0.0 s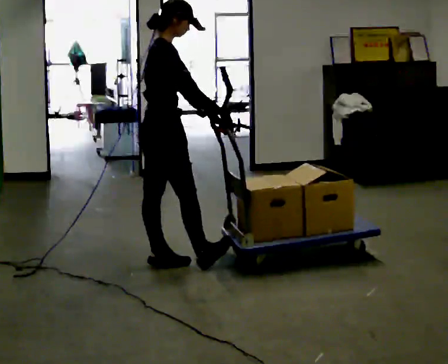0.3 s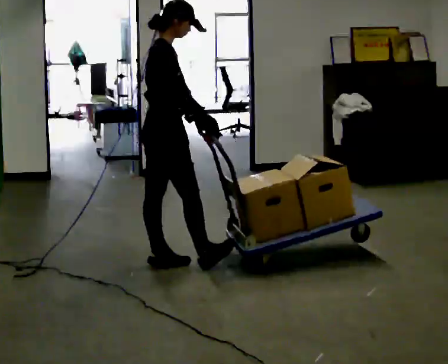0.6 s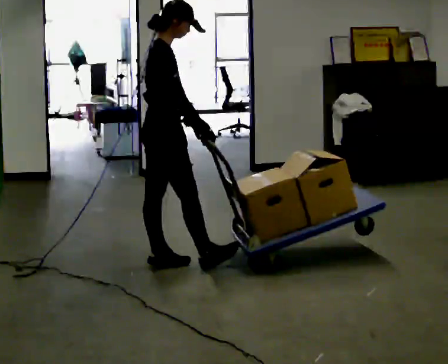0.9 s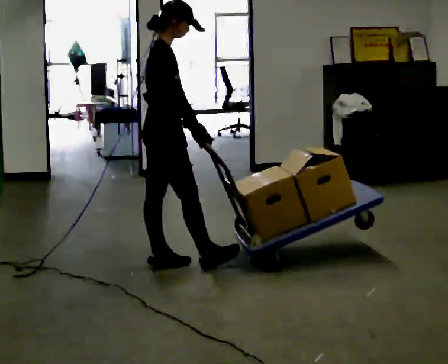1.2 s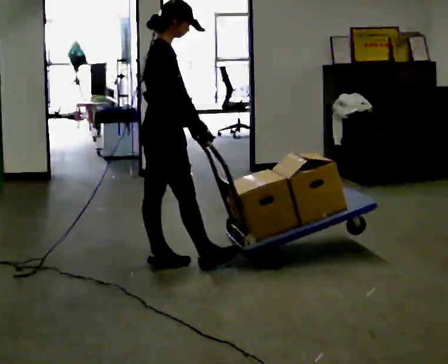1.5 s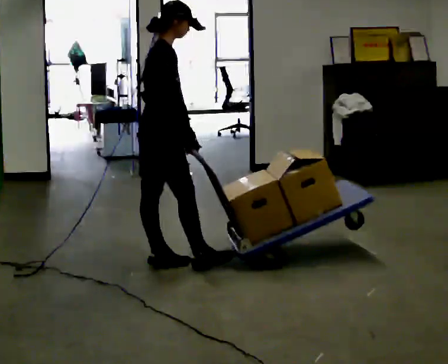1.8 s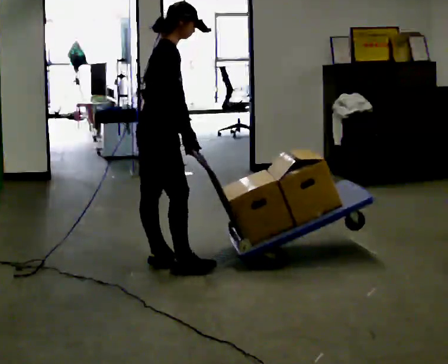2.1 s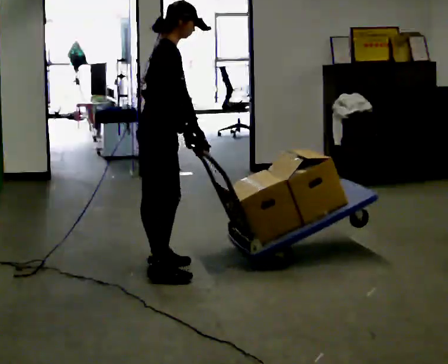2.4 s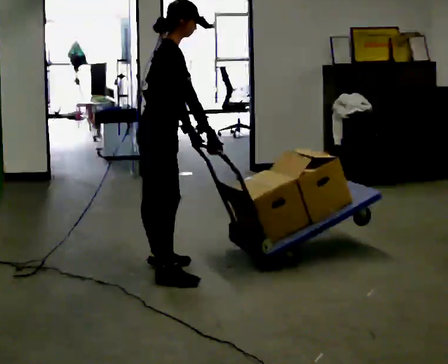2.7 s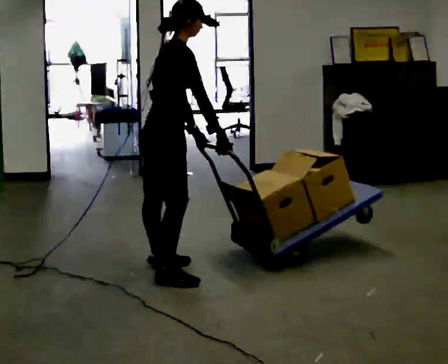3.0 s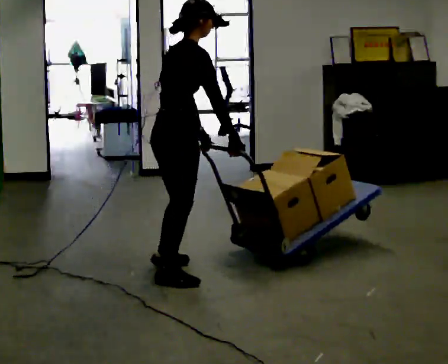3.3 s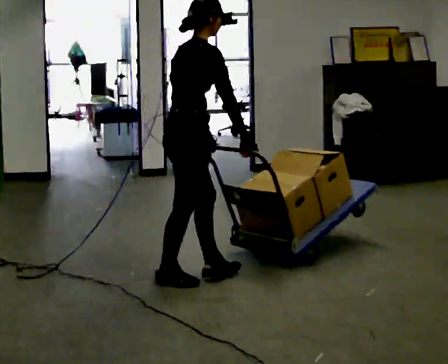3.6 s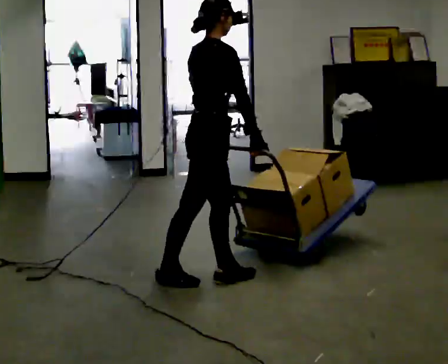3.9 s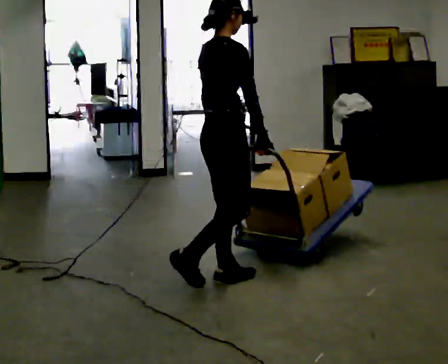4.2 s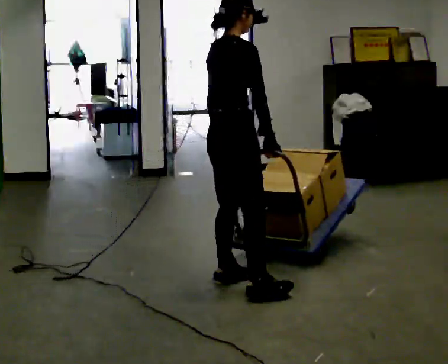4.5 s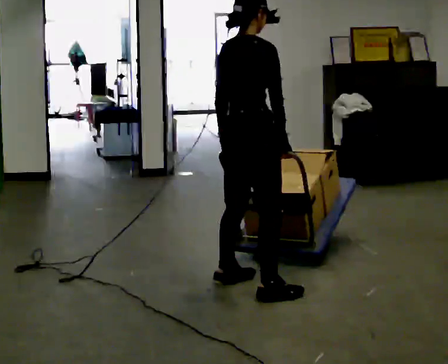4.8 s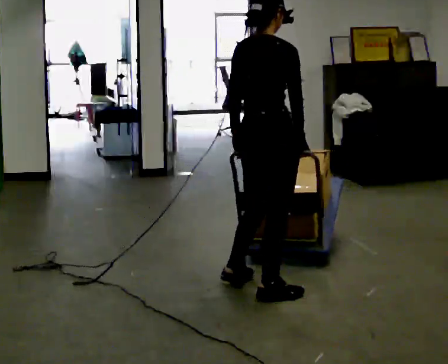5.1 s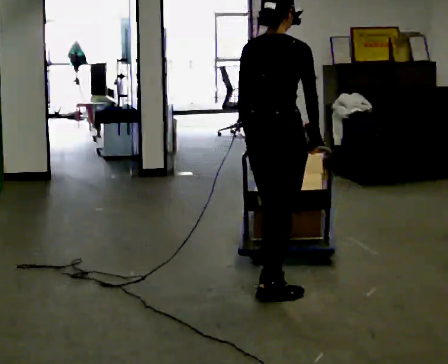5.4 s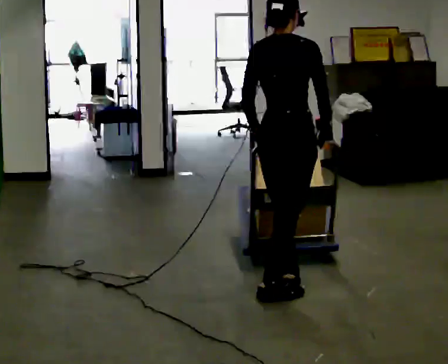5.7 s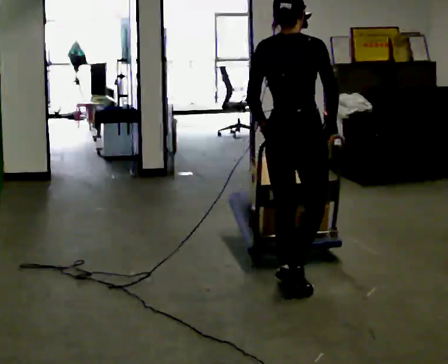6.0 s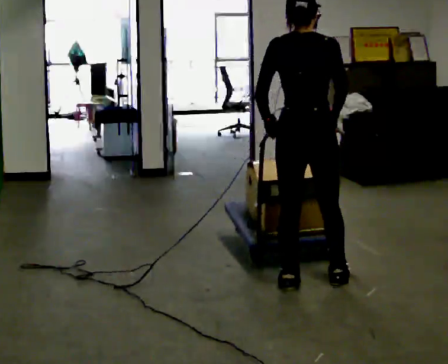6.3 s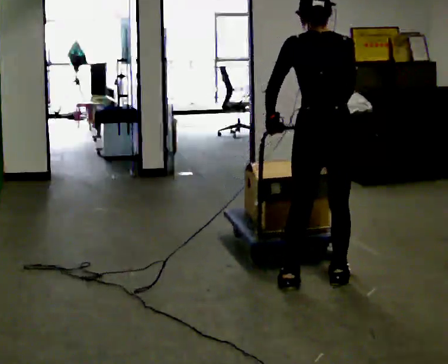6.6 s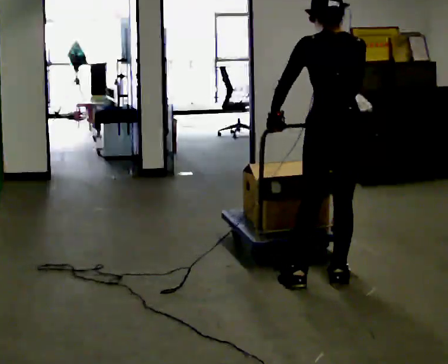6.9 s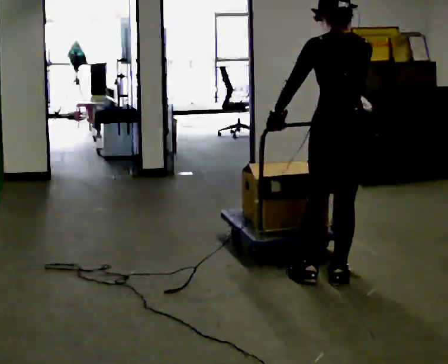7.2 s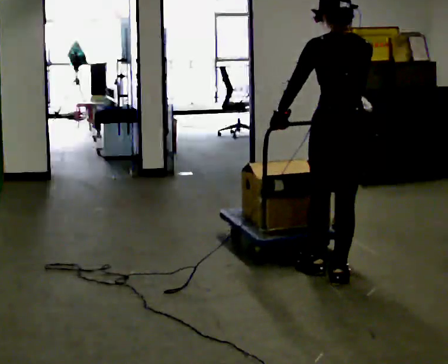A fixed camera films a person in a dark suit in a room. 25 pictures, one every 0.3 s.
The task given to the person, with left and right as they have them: Push the cart across the room and back. The operator will change how much is loaded on it between takes and will tell you each time.
0.0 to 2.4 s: The person moves a little, or ends about where they began.
2.4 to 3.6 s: In the picture they go to the right and toward the camera, about 0.5 m in 1 step, which for them is to their right and forward.
3.6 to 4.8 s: The part of the body nearest the lens slides to the right as the person turns to their left by about 30 degrees. In the picture they go to the right and toward the camera, about 0.25 m in 1 step, which for them is to their right and forward.
4.8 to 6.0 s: The person turns about 30 degrees to their left, counterclockwise seen from above, so the part of the body nearest the lens slides to the right. In the picture they go to the right, about 0.25 m in 2 steps, which for them is forward.
6.0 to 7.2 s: In the picture they go to the right, about 0.25 m in 1 step, which for them is to their right.
The film runs forward here.
